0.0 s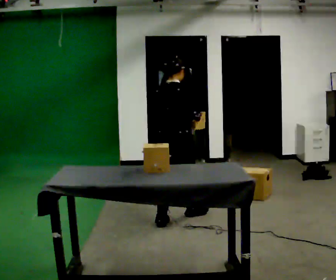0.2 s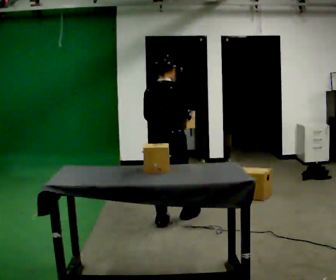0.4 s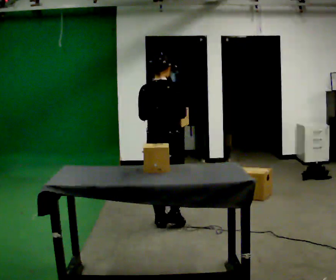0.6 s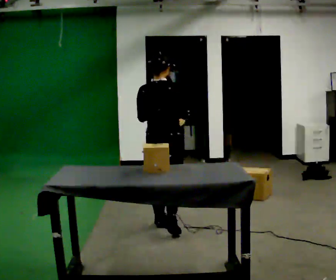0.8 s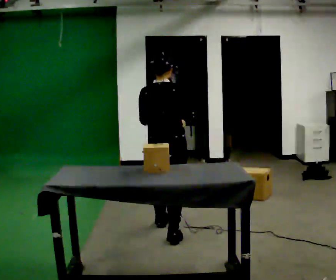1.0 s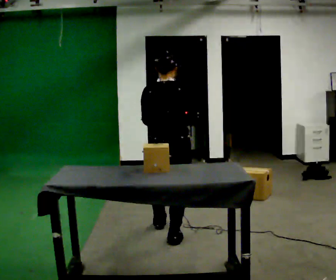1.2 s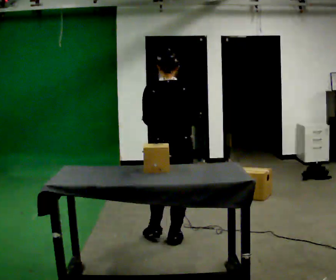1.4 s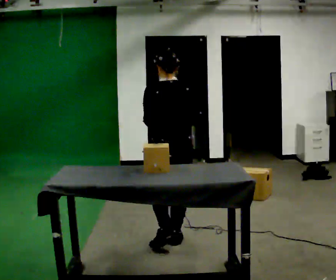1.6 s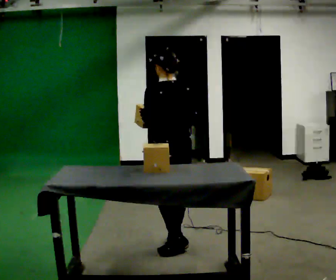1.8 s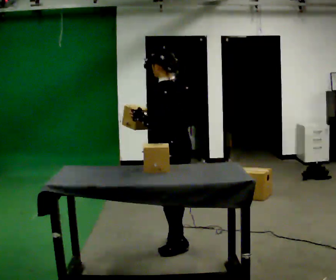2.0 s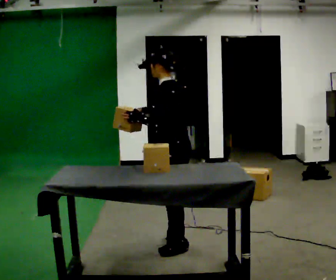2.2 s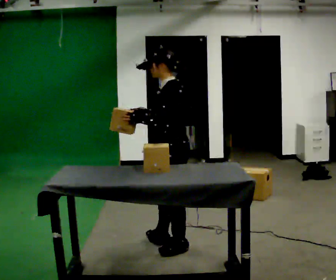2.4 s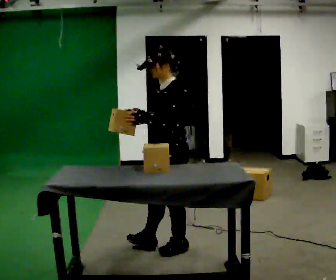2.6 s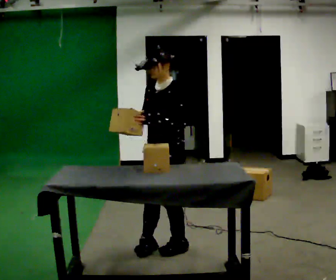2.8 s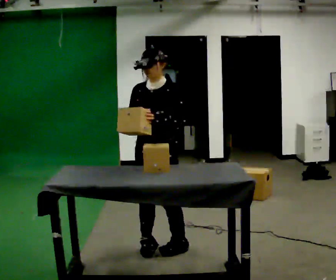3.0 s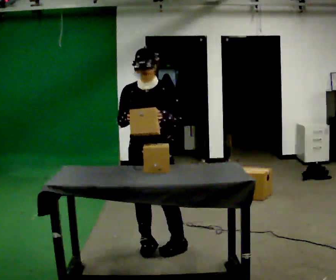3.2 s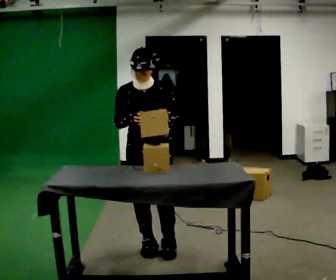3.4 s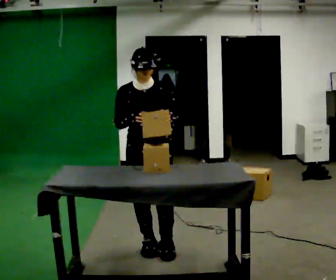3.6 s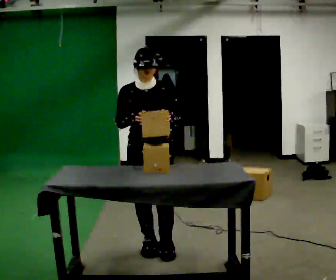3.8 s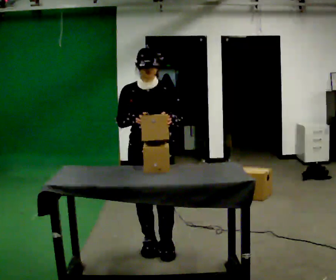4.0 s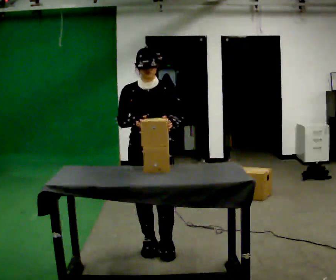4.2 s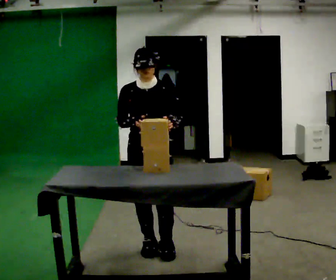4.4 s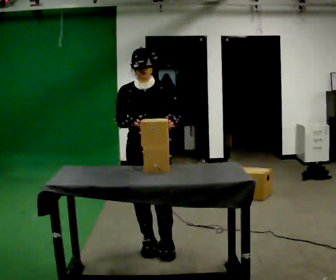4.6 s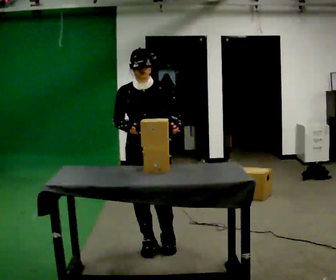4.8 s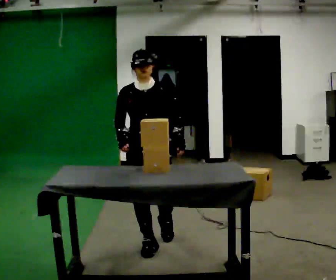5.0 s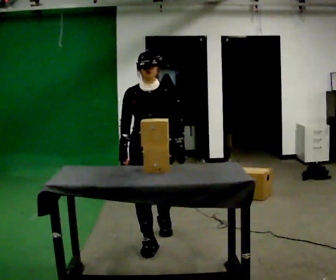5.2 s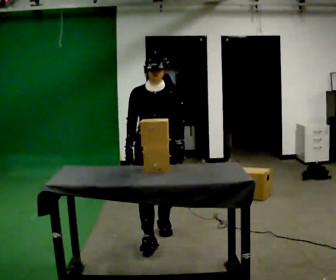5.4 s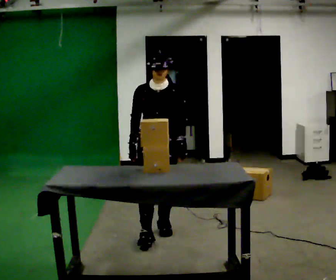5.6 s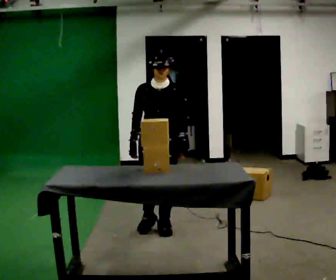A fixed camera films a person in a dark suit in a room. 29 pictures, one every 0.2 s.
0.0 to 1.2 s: The part of the body nearest the lens slides to the right as the person turns to their left by about 30 degrees. In the picture they go toward the camera, about 0.5 m in 2 steps, which for them is backward.
1.2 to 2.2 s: Seen from above the body turns counterclockwise, about 90 degrees: to their left, with its near side sliding to the right. In the picture they go toward the camera, about 0.25 m in 1 step. In the picture their right hand goes to the left.
2.2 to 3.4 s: The part of the body nearest the lens slides to the right as the person turns to their left by about 105 degrees. In the picture they go to the left, about 0.25 m.
3.4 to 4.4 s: The person moves a little, or ends about where they began.
4.4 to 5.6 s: In the picture they go away from the camera, about 0.5 m in 2 steps, which for them is backward.
The film runs backward here.
